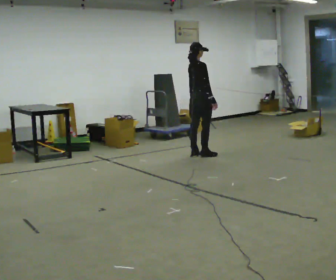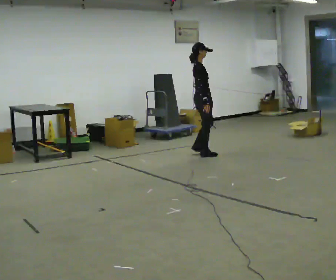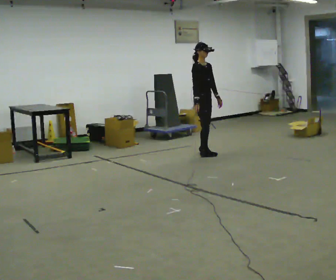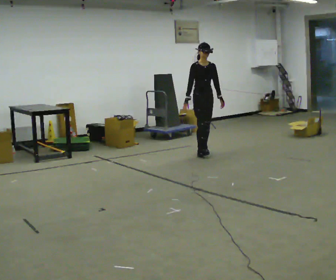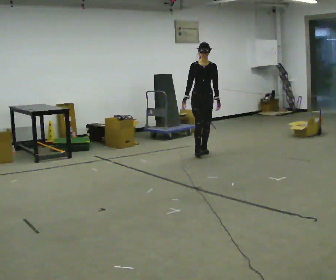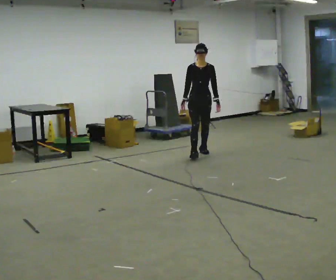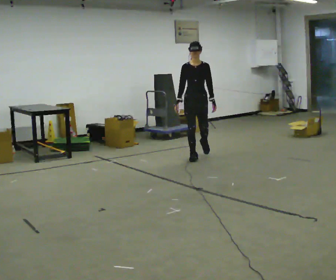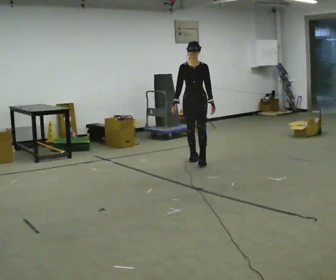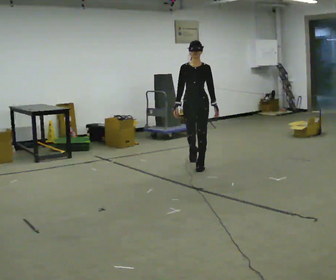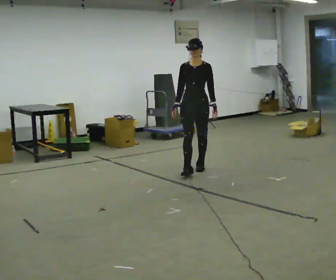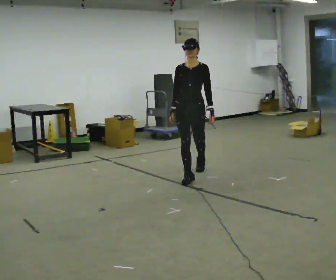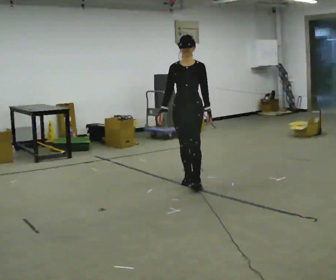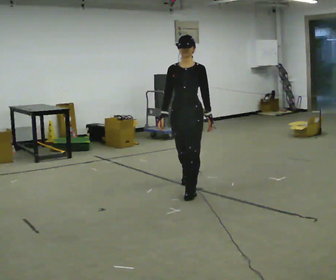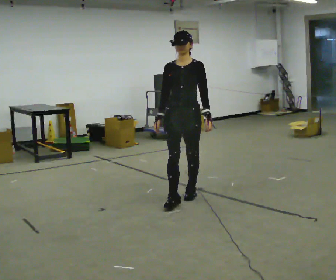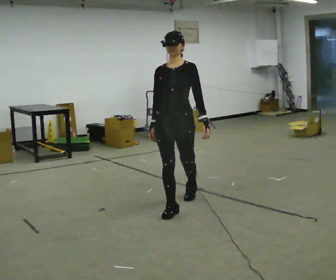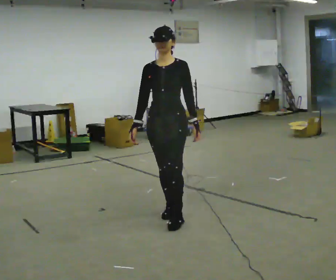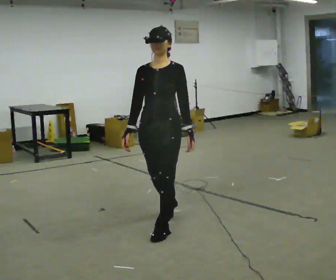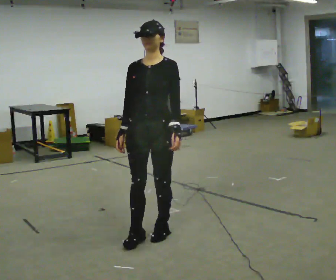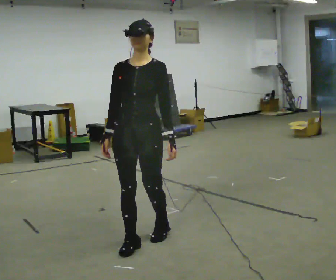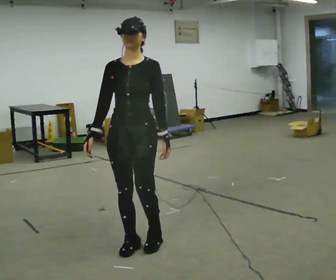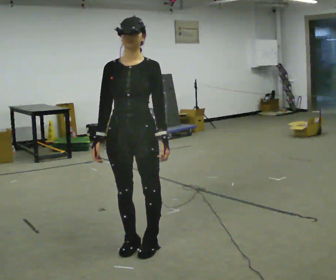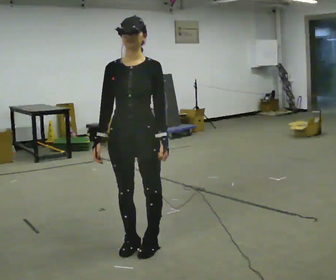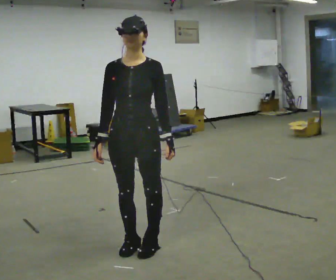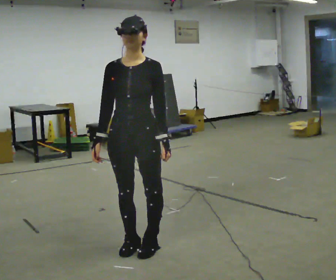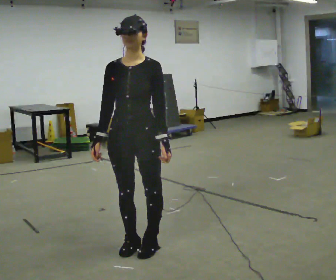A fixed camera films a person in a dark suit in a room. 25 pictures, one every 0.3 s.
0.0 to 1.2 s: The person turns about 120 degrees to their right, clockwise seen from above, so the part of the body nearest the lens slides to the left. In the picture they go away from the camera, about 0.25 m in 1 step. In the picture their right hand goes to the left, the arm swinging clockwise.
1.2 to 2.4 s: In the picture they go toward the camera, about 1 m in 2 steps, which for them is forward.
2.4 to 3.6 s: In the picture they go toward the camera, about 1 m in 2 steps, which for them is forward.
3.6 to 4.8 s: In the picture they go toward the camera, about 1 m in 2 steps, which for them is forward.
4.8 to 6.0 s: In the picture they go toward the camera, about 0.5 m in 2 steps, which for them is forward.
6.0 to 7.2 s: The person moves a little, or ends about where they began.
The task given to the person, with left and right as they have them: Start still; accelerate to fast walking; hold the fast speed for several steps; decelerate and stop. Do not run.
The film runs forward here.
